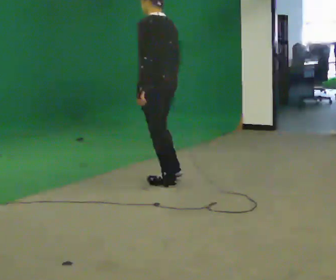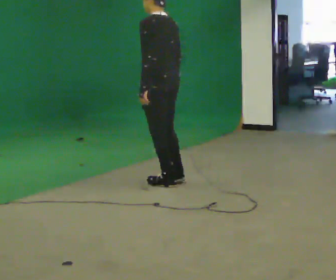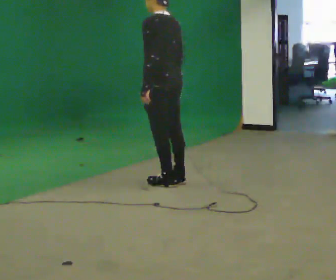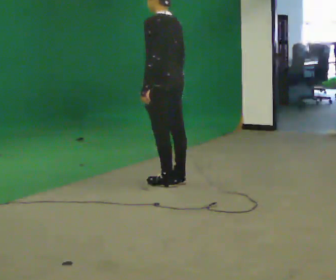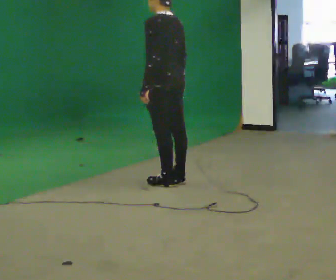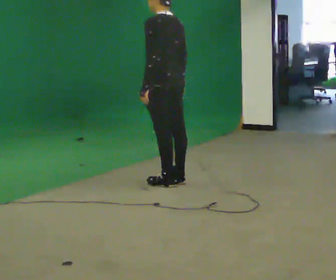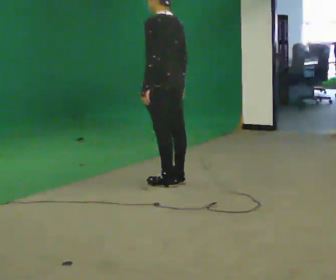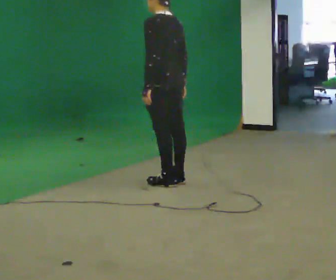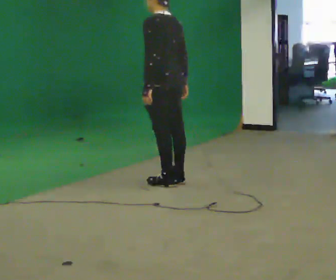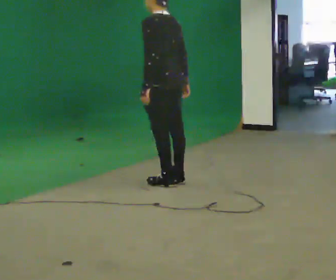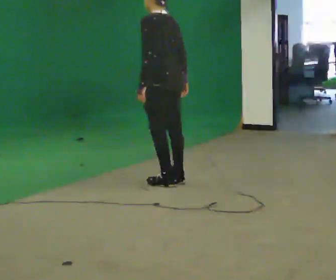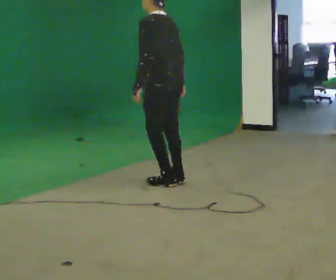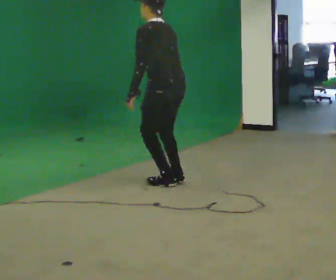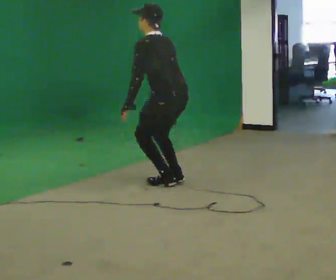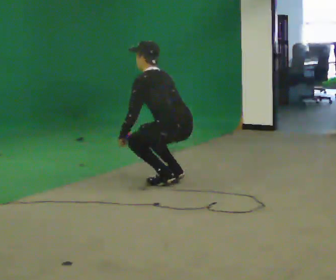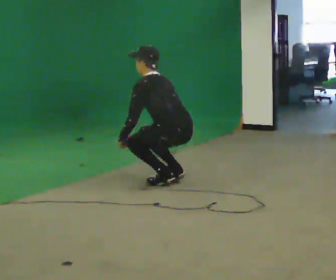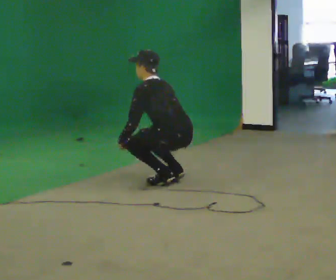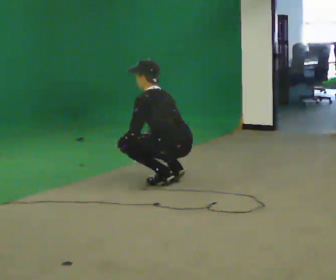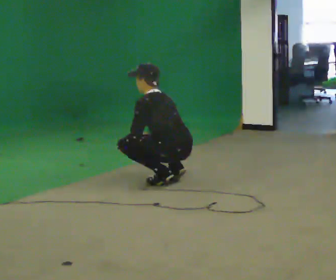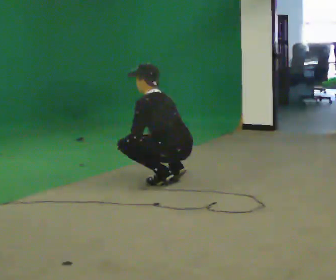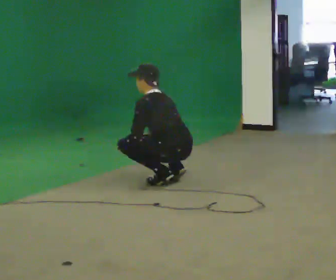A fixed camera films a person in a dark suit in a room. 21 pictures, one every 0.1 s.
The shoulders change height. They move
downward.
Their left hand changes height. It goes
downward.
0.0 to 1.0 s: The person moves a little, or ends about where they began.
1.0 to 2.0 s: The upper body goes downward. In the picture the upper body tilts counterclockwise, shoulders to the left, as they bend forward. In the picture their right hand goes downward and to the left.
The film runs backward here.
